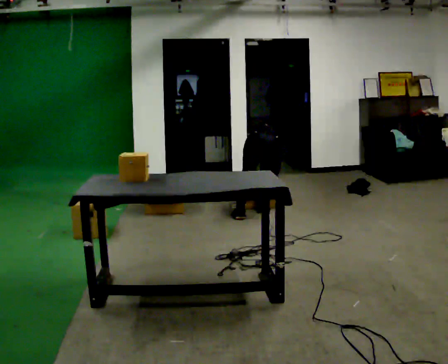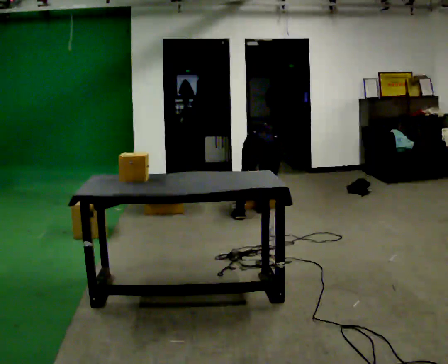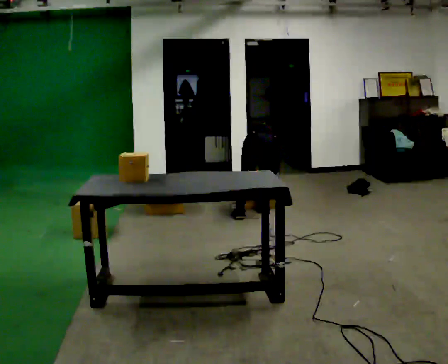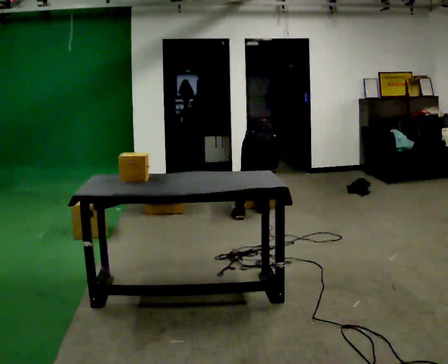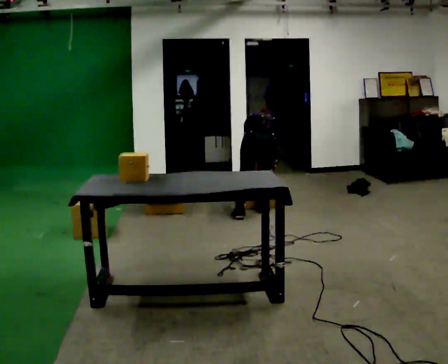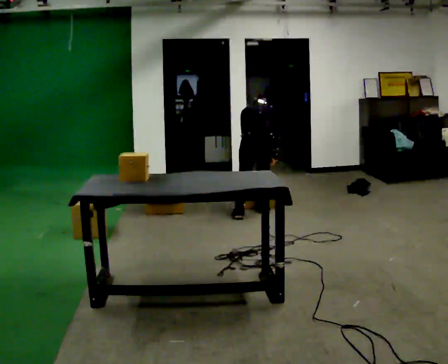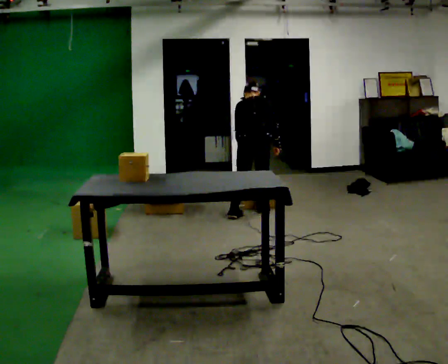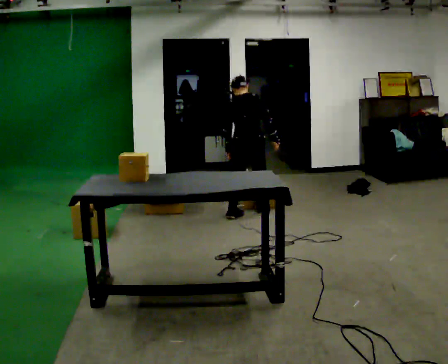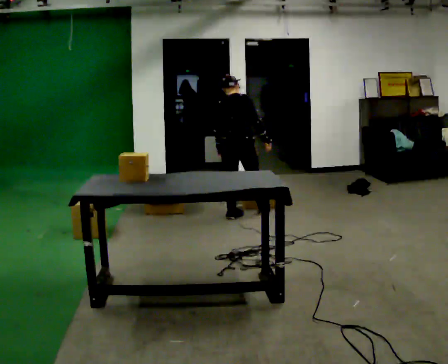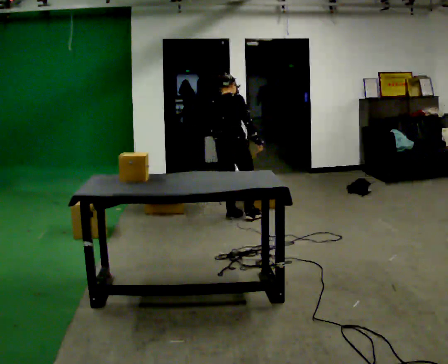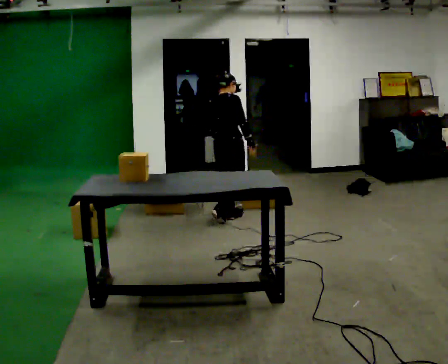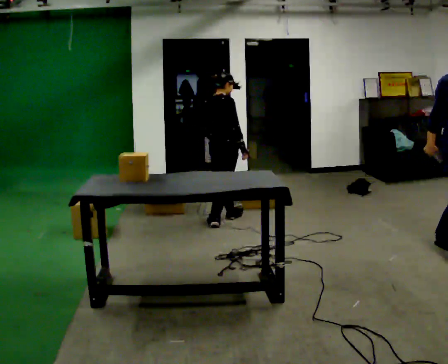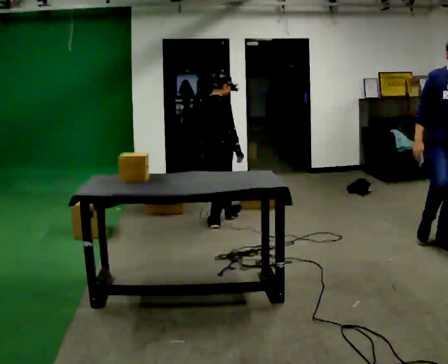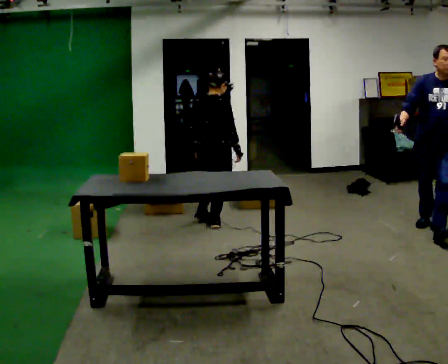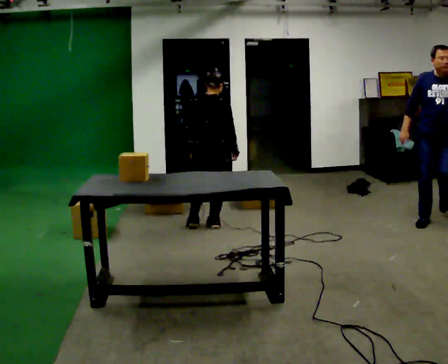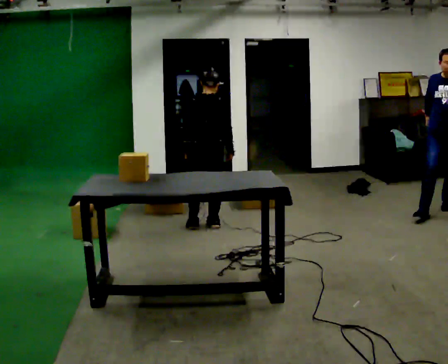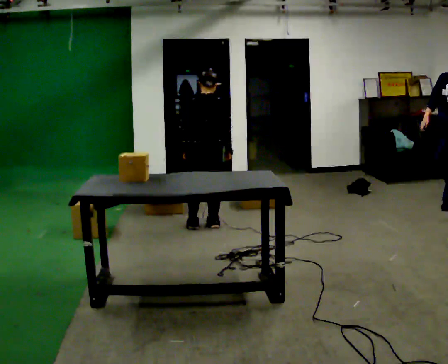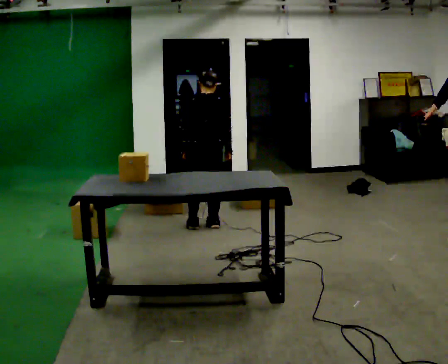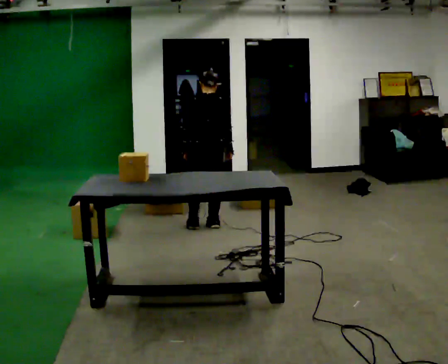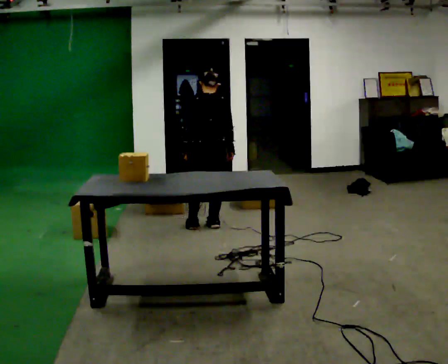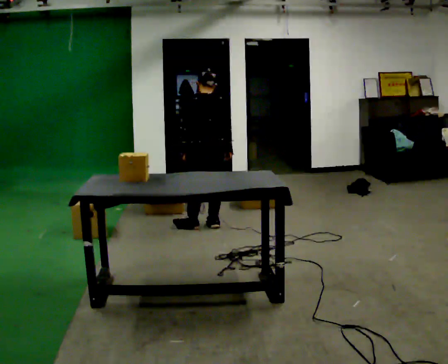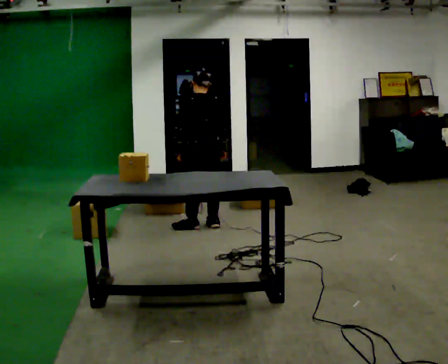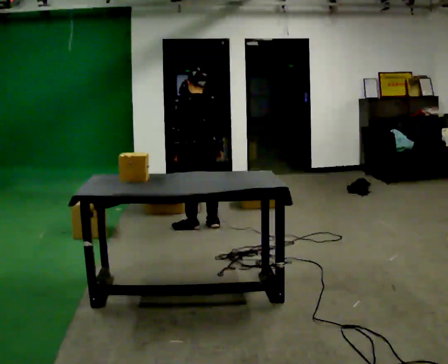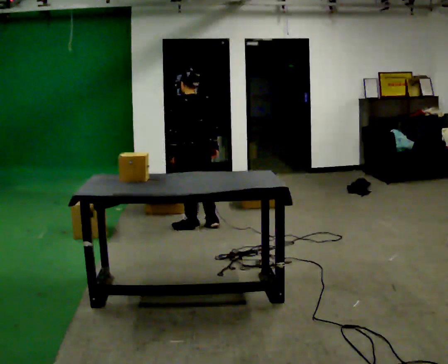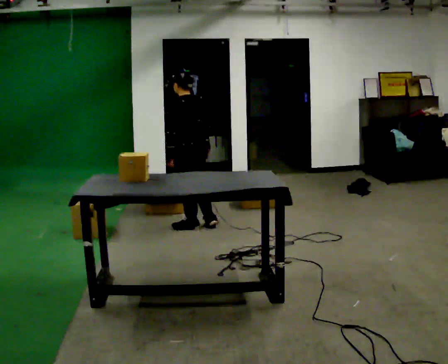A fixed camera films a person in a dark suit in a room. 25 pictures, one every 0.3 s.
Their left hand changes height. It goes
upward.
The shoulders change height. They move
upward.
0.0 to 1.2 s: The upper body tips toward the camera, its near side rolling downward, as they lean back or straighten.
1.2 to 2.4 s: In the picture they go to the left, about 0.25 m, which for them is to their left. The shoulders move upward. The upper body tips toward the camera, its near side rolling downward, as they lean back or straighten. In the picture their right hand goes upward.
2.4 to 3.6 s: In the picture they go toward the camera and to the left, about 0.25 m in 1 step, which for them is backward.
3.6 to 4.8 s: The part of the body nearest the lens slides to the right as the person turns to their left by about 45 degrees.
4.8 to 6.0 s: The person moves a little, or ends about where they began.
6.0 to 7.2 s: The person turns about 30 degrees to their left, counterclockwise seen from above, so the part of the body nearest the lens slides to the right.
The film runs backward here.
